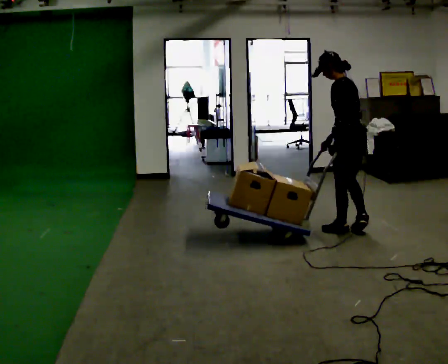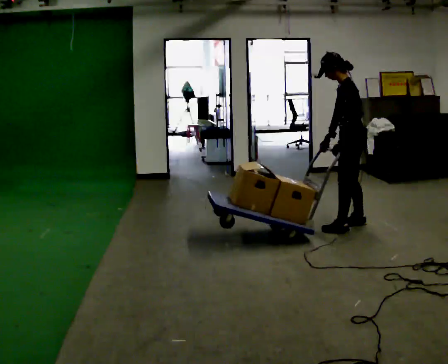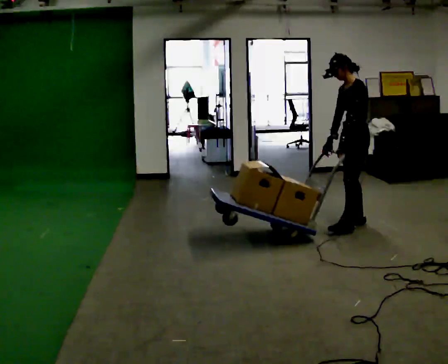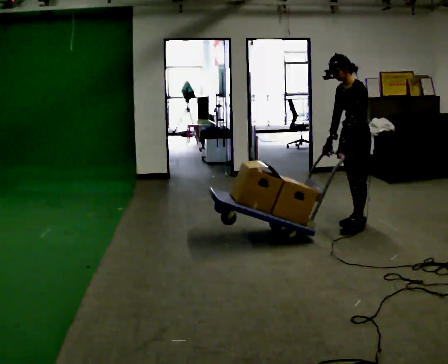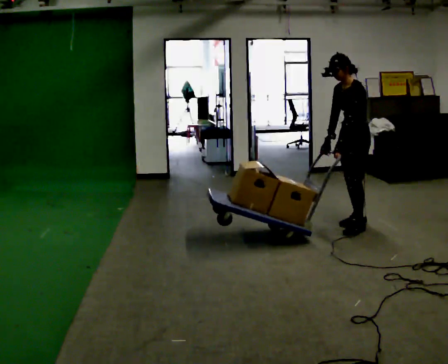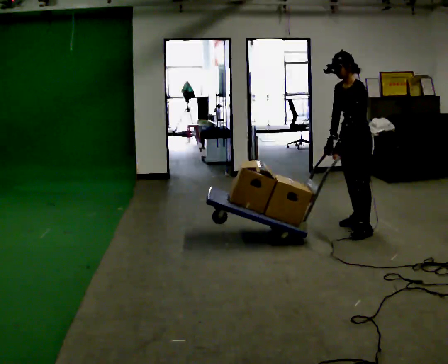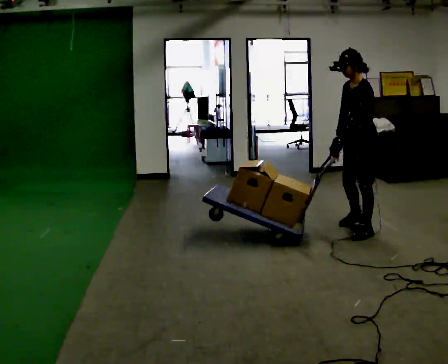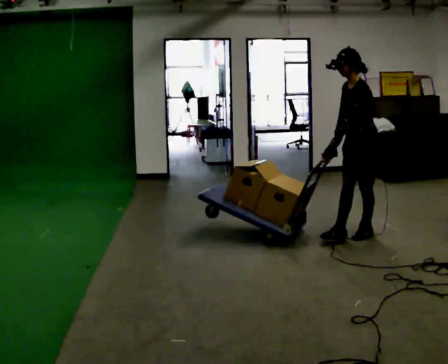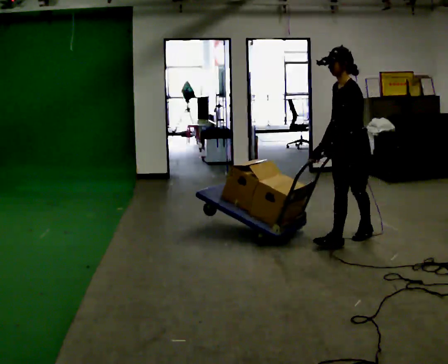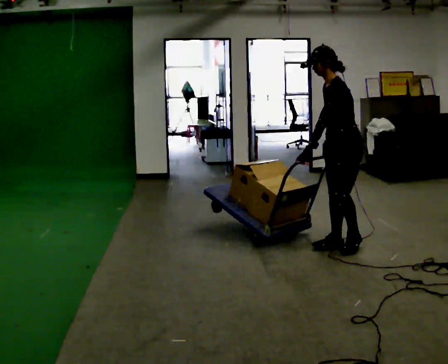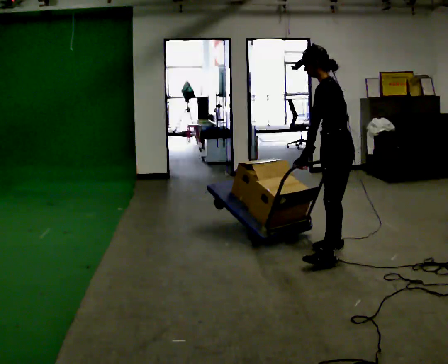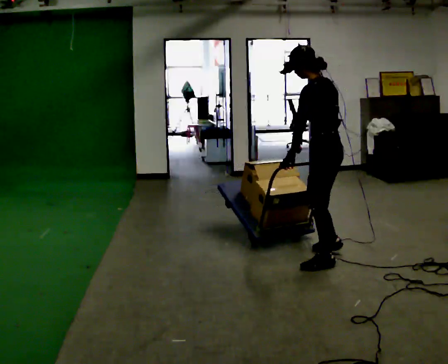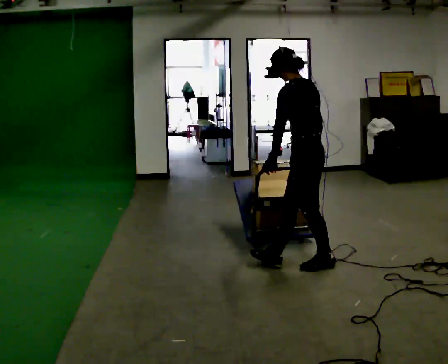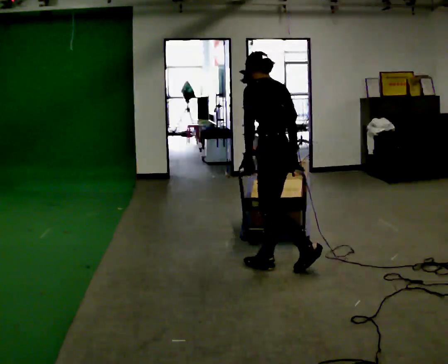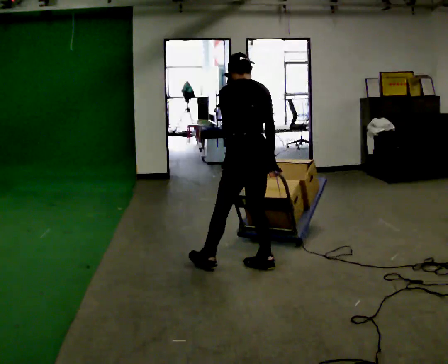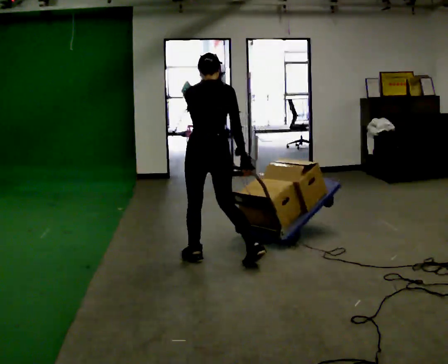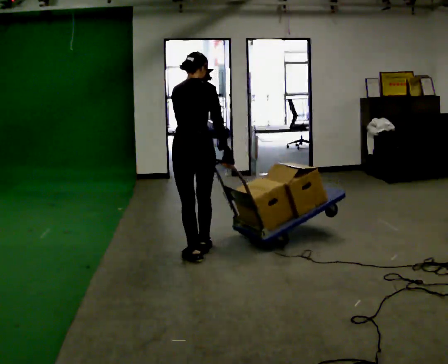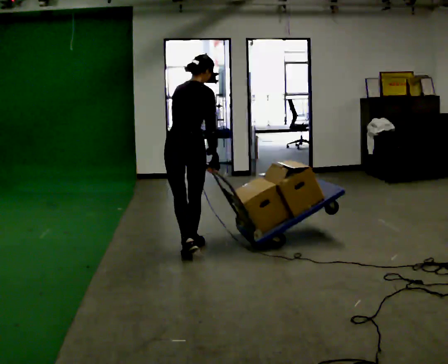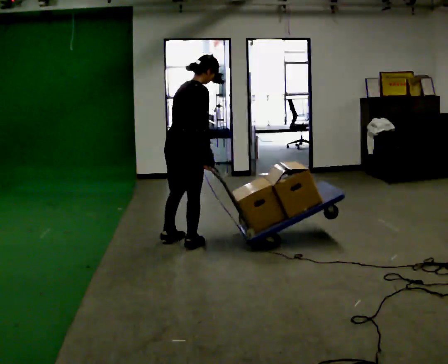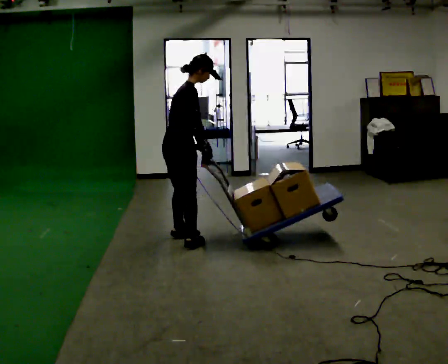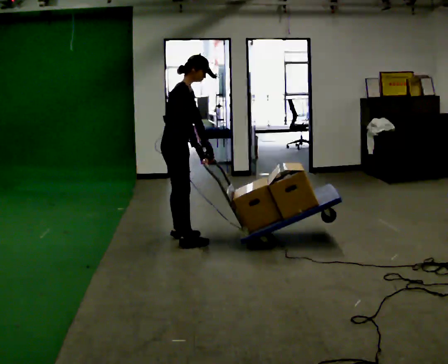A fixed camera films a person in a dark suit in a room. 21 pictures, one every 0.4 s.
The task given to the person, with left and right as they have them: Turn the cart round to face the other way without moving it out of the marked square, then turn it back. Repeat until the operator says stop.
0.0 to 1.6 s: Seen from above the body turns counterclockwise, about 75 degrees: to their left, with its near side sliding to the right. In the picture they go away from the camera, about 0.25 m in 2 steps.
1.6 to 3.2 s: In the picture they go toward the camera, about 0.5 m in 1 step, which for them is to their left and forward.
3.2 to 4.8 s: The person turns about 45 degrees to their right, clockwise seen from above, so the part of the body nearest the lens slides to the left. In the picture they go toward the camera and to the left, about 0.75 m in 1 step, which for them is to their left and forward.
4.8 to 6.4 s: The person turns about 75 degrees to their right, clockwise seen from above, so the part of the body nearest the lens slides to the left. In the picture they go to the left, about 1 m in 2 steps.
6.4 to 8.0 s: The person turns about 75 degrees to their right, clockwise seen from above, so the part of the body nearest the lens slides to the left. In the picture they go away from the camera and to the left, about 0.5 m in 2 steps. In the picture the upper body tilts clockwise, shoulders to the right.
The film runs forward here.
